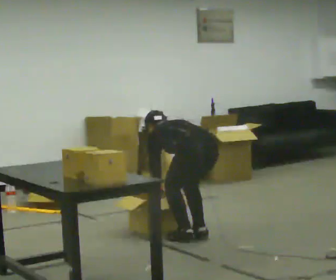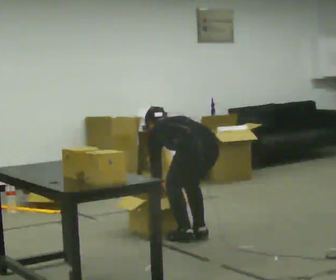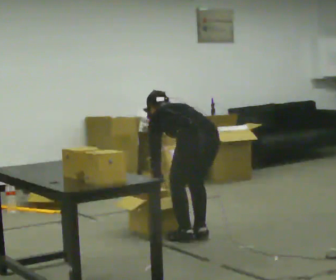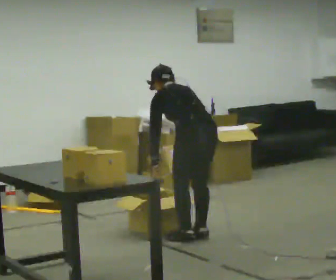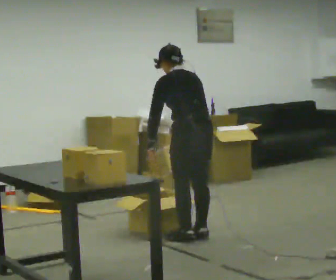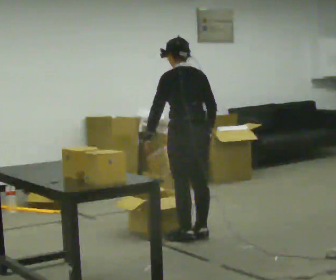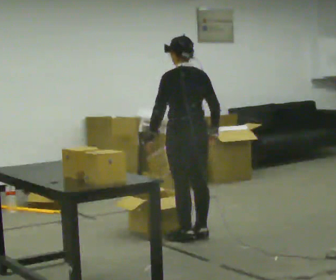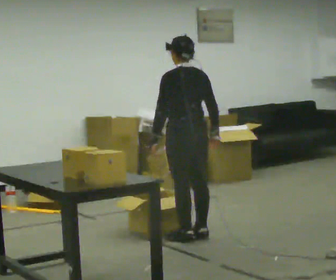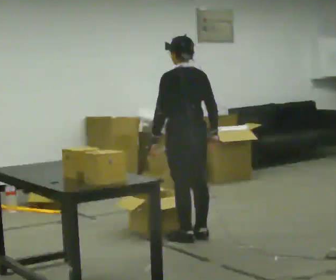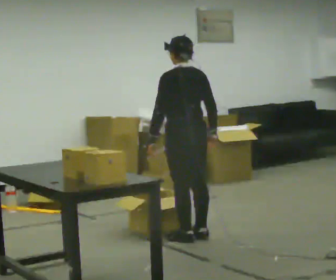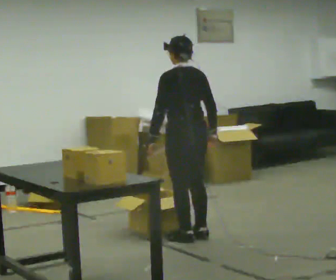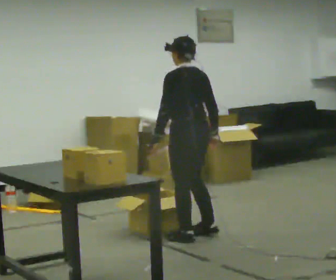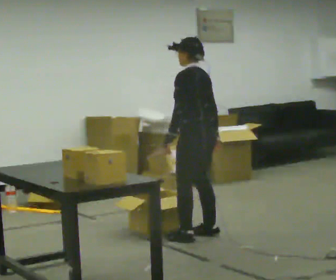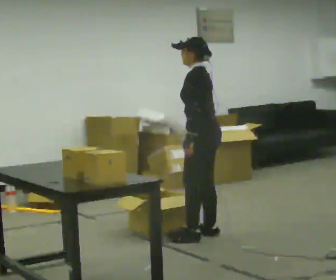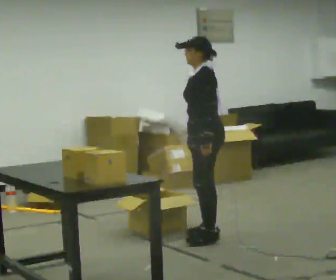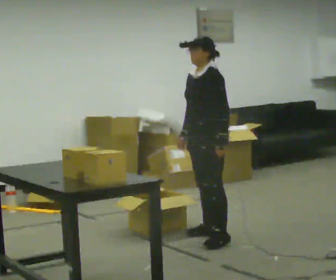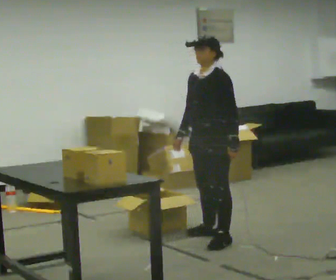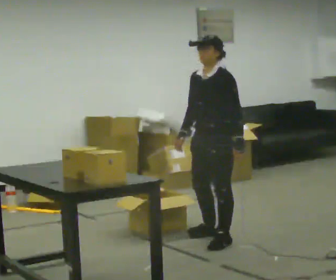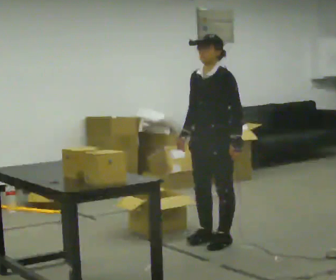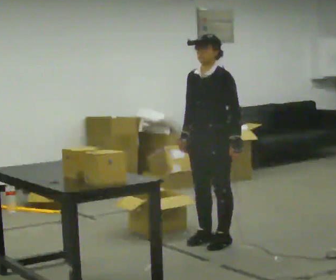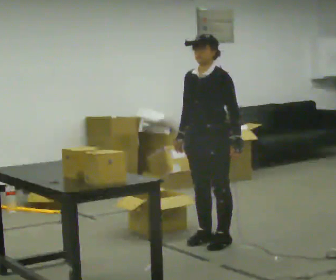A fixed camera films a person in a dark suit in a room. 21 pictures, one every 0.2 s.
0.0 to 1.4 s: The shoulders move upward. The upper body tips toward the camera, its near side rolling downward, as they lean back or straighten. In the picture their left hand goes upward.
1.4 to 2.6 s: The person turns about 45 degrees to their left, counterclockwise seen from above, so the part of the body nearest the lens slides to the right.
2.6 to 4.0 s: The person turns about 60 degrees to their left, counterclockwise seen from above, so the part of the body nearest the lens slides to the right. In the picture they go toward the camera, about 0.25 m in 2 steps, which for them is to their left. In the picture their left hand goes to the right.
The film runs forward here.
